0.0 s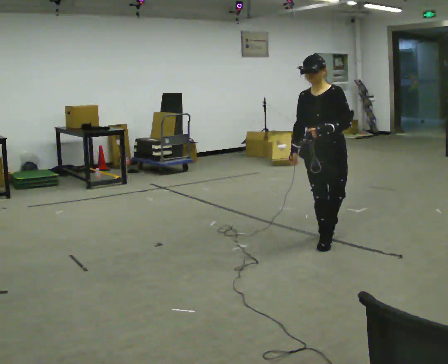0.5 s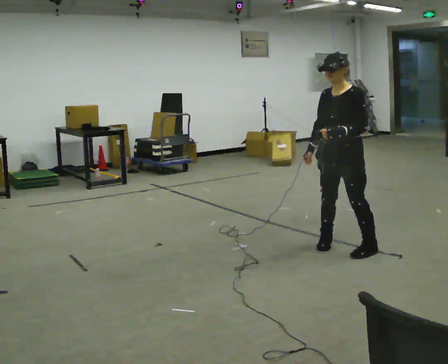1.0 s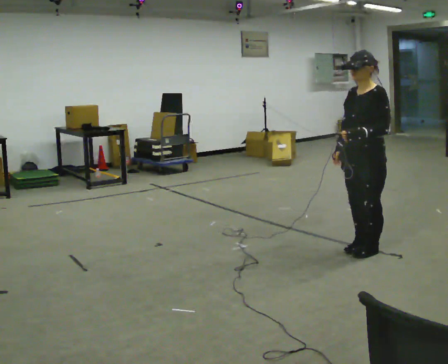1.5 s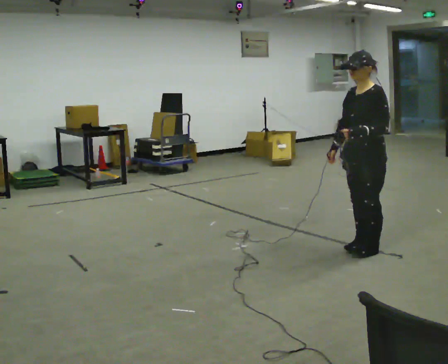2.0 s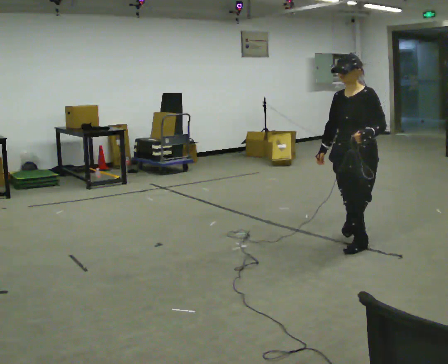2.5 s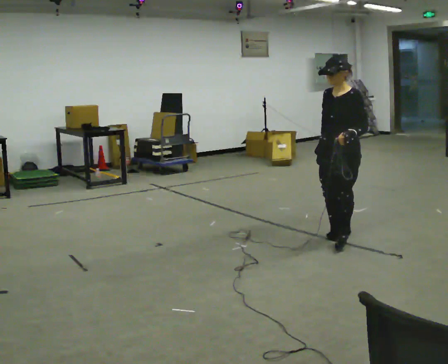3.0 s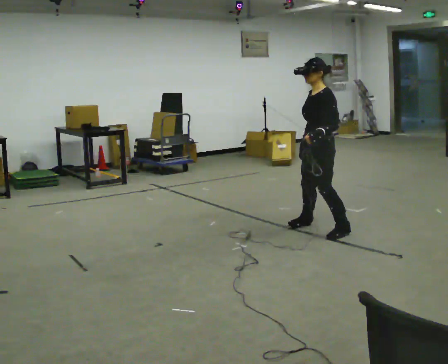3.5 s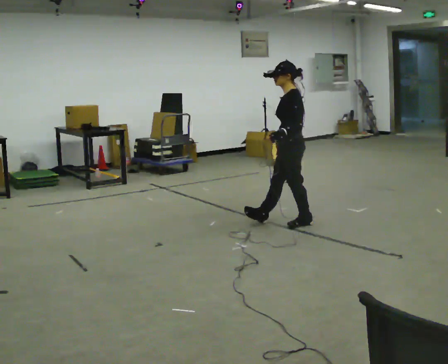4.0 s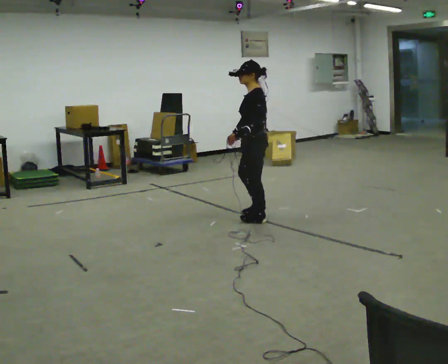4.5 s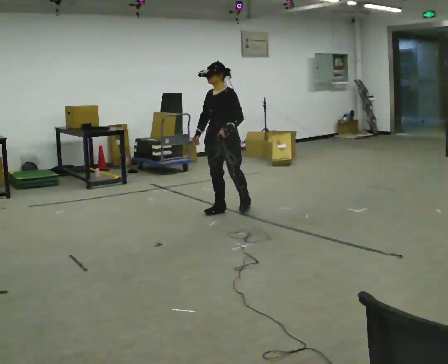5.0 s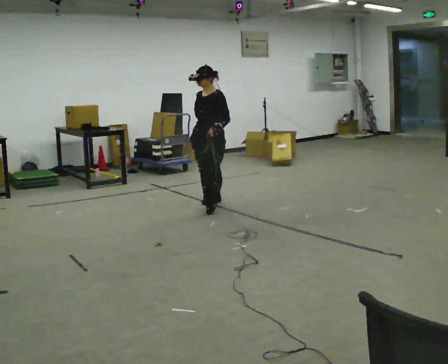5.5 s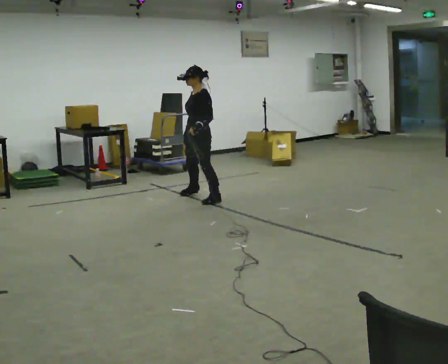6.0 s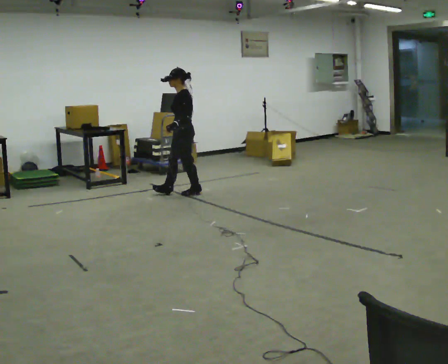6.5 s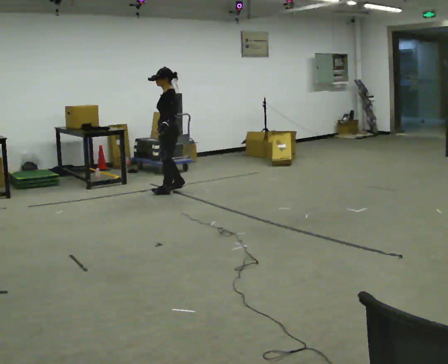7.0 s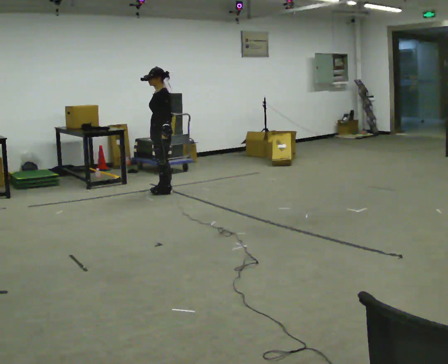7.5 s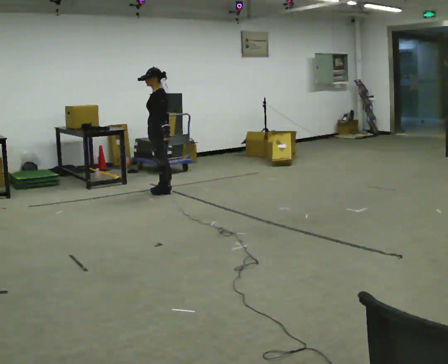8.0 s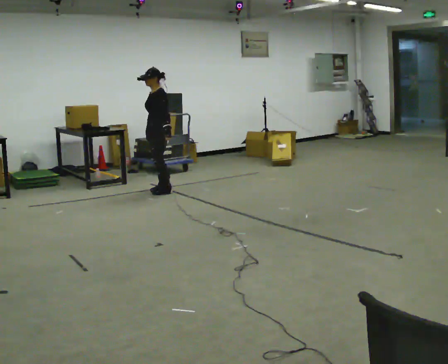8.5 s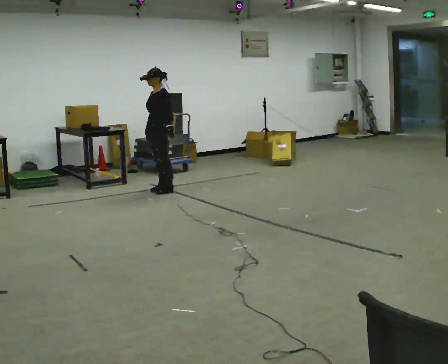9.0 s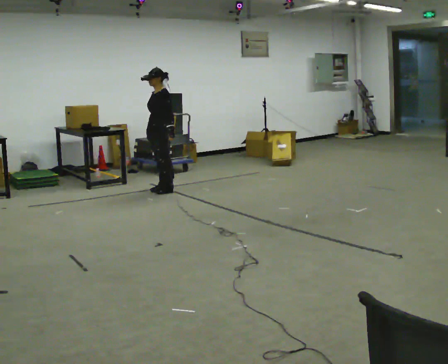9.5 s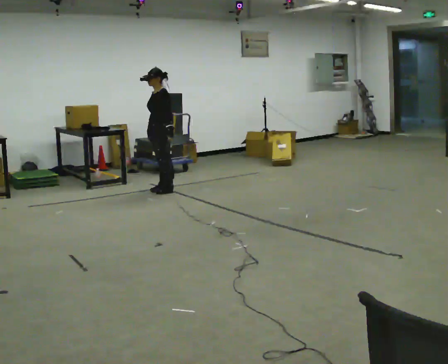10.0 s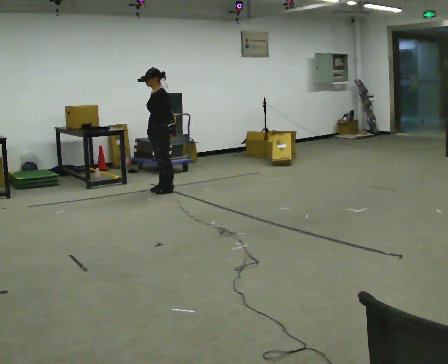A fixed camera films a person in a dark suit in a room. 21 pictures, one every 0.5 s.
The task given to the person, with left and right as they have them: Move sideways in the direction the operator calls, crossing one foot in front and then behind, alternating.
0.0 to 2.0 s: In the picture they go to the right and toward the camera, about 0.25 m in 2 steps, which for them is to their left.
2.0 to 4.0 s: Seen from above the body turns clockwise, about 60 degrees: to their right, with its near side sliding to the left. In the picture they go away from the camera and to the left, about 1 m in 3 steps.
4.0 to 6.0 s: In the picture they go away from the camera and to the left, about 1.5 m in 3 steps.
6.0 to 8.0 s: Seen from above the body turns counterclockwise, about 30 degrees: to their left, with its near side sliding to the right. In the picture they go to the left and away from the camera, about 0.5 m in 2 steps, which for them is to their right and forward.
8.0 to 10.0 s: The person moves a little, or ends about where they began.
The film runs forward here.
